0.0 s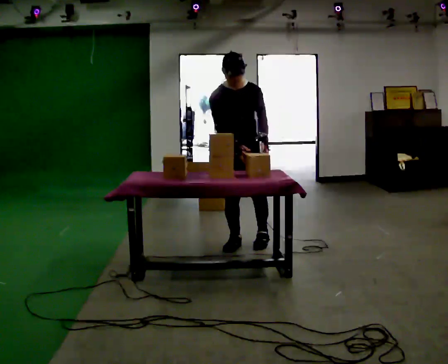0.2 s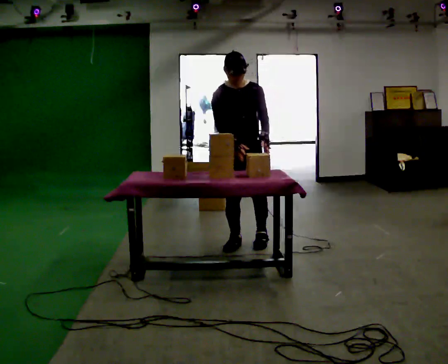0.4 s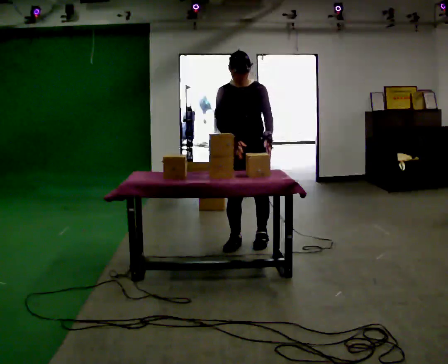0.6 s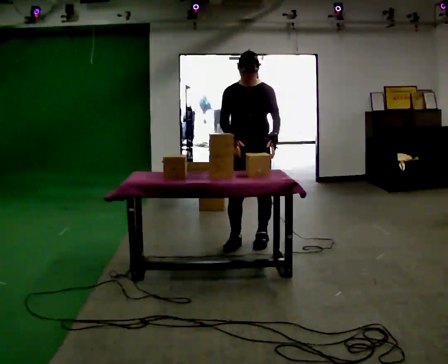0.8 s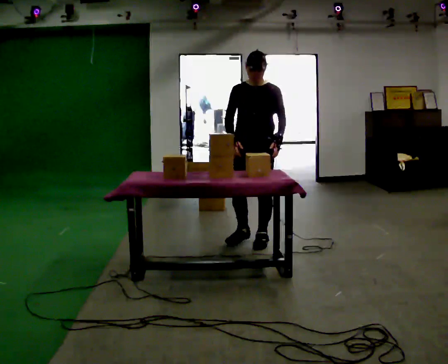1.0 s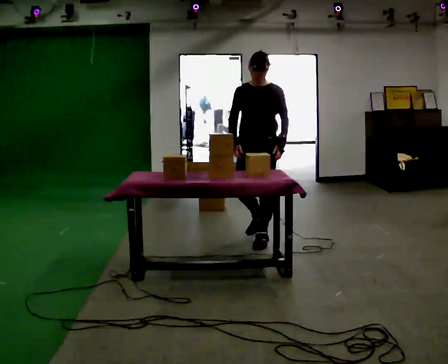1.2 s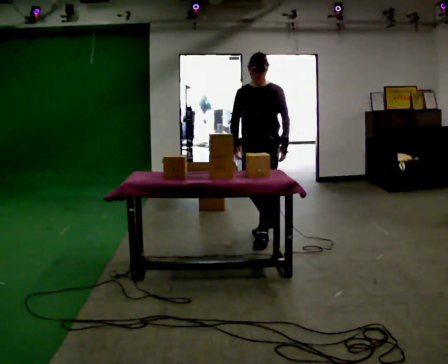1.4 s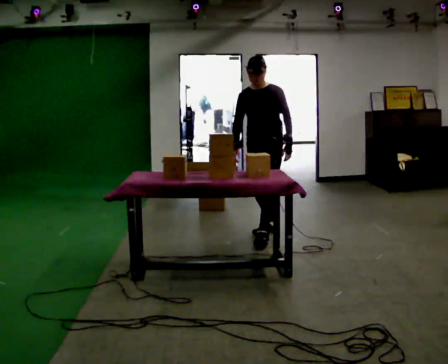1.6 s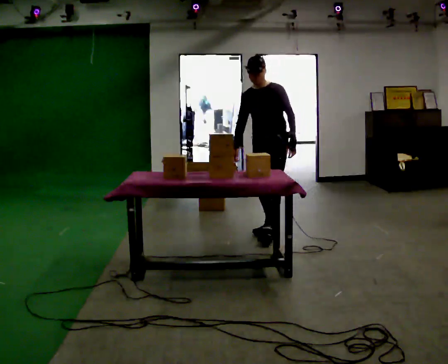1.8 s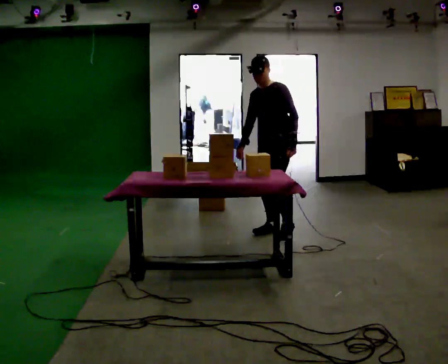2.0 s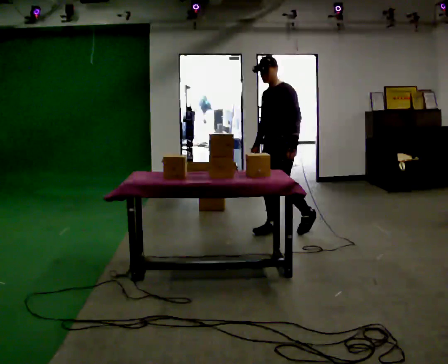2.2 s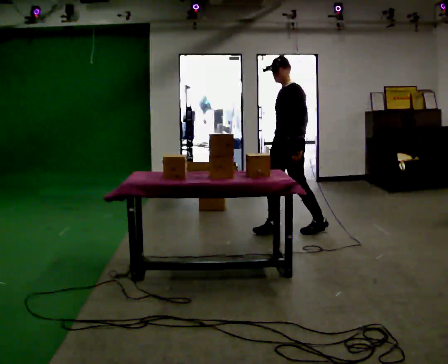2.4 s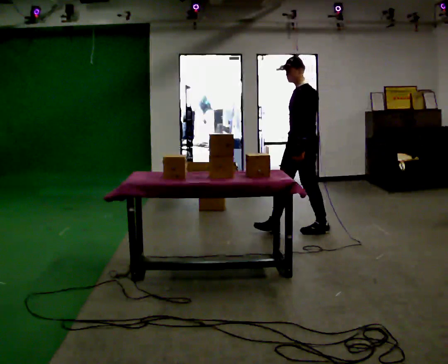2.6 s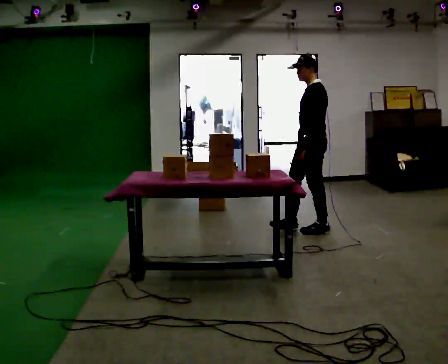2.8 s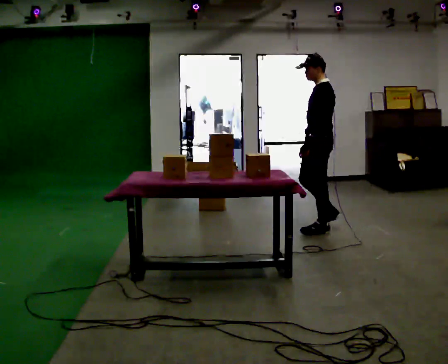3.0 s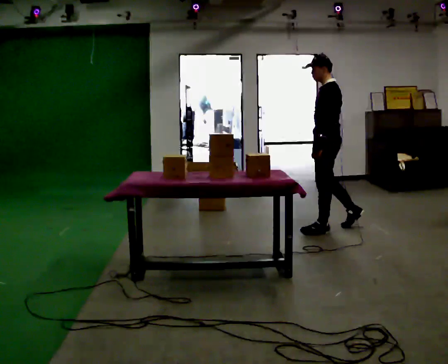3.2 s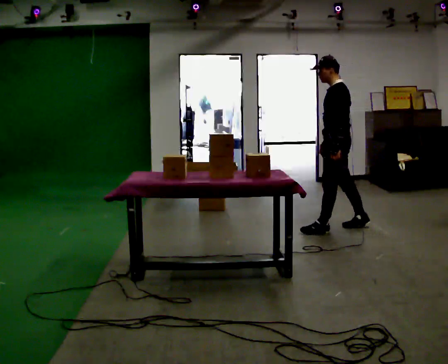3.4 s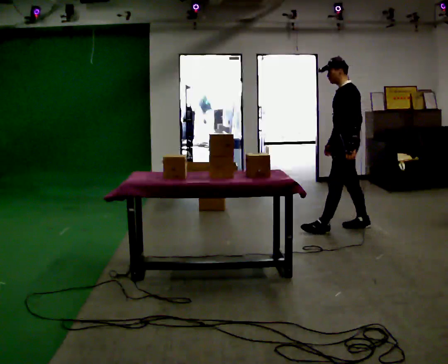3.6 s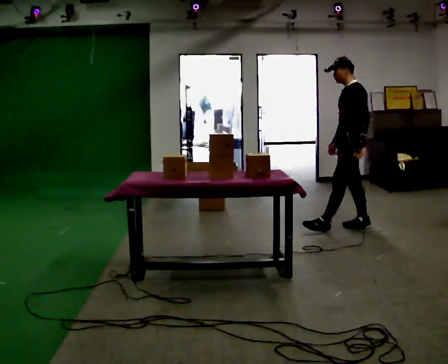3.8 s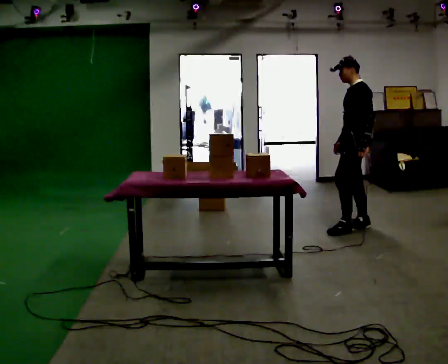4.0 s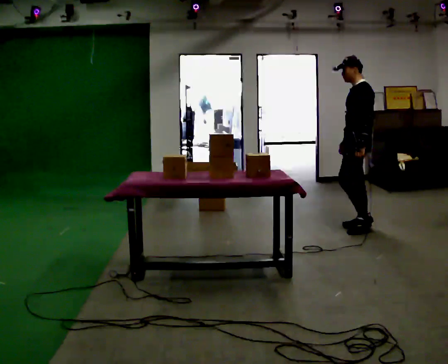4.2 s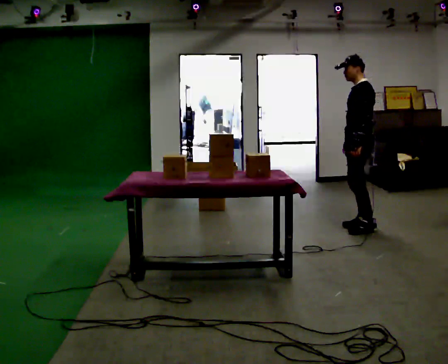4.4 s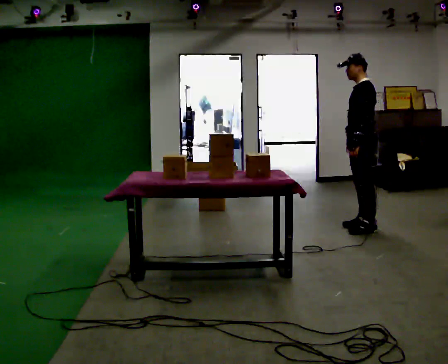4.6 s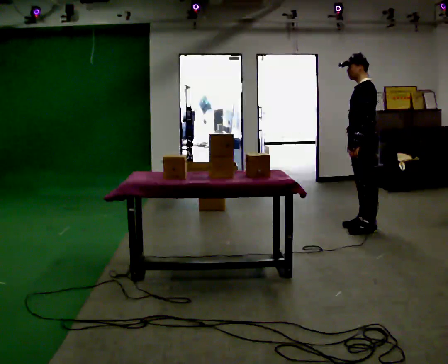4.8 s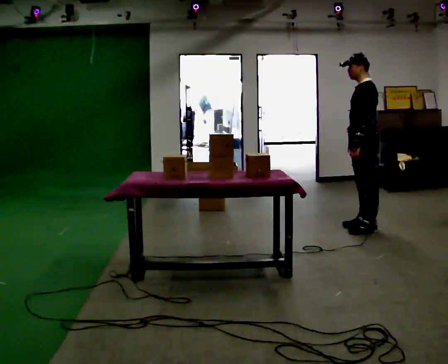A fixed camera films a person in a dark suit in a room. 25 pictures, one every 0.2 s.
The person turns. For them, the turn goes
to their right.
The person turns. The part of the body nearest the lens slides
to the left.
0.0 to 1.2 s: The person turns about 45 degrees to their right, clockwise seen from above, so the part of the body nearest the lens slides to the left. In the picture they go away from the camera and to the right, about 0.25 m in 1 step, which for them is backward and to their left. The upper body tips away from the camera, its near side rolling upward, as they lean back or straighten.
1.2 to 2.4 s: Seen from above the body turns clockwise, about 45 degrees: to their right, with its near side sliding to the left. In the picture they go to the right and away from the camera, about 0.5 m in 1 step, which for them is backward.
2.4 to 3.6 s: In the picture they go to the right, about 0.5 m in 1 step, which for them is backward.
3.6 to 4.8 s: The person moves a little, or ends about where they began.
The film runs backward here.
